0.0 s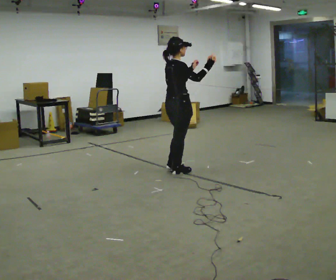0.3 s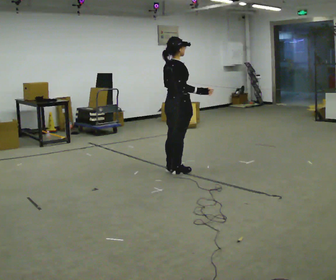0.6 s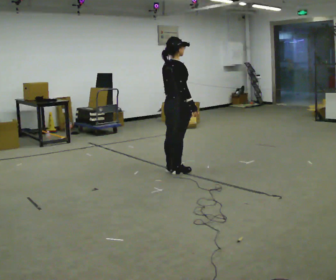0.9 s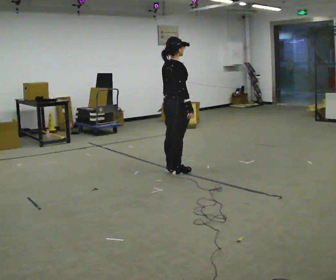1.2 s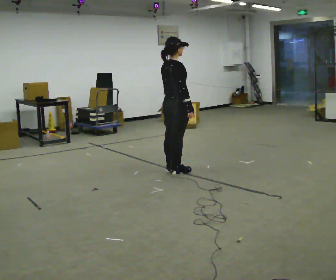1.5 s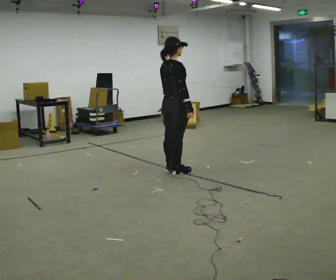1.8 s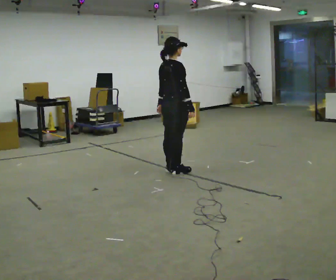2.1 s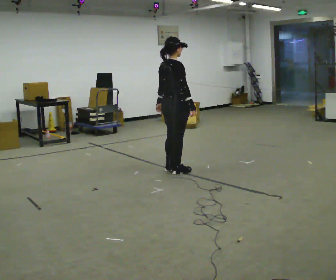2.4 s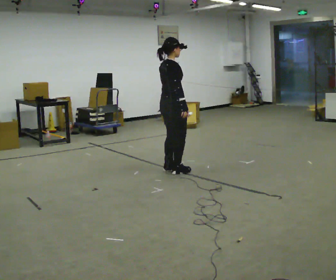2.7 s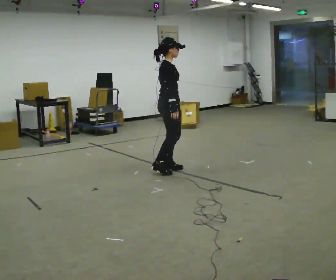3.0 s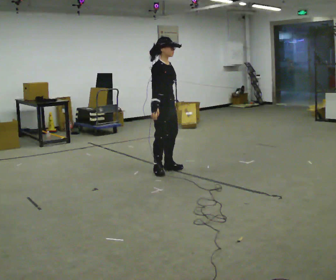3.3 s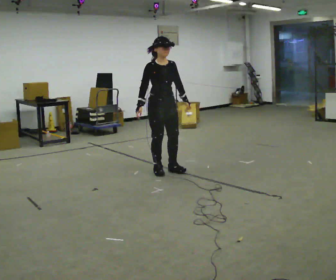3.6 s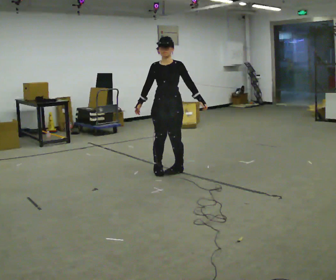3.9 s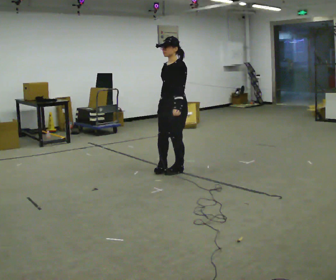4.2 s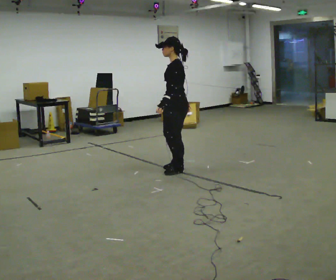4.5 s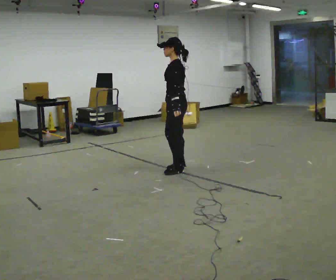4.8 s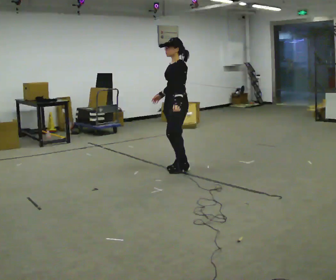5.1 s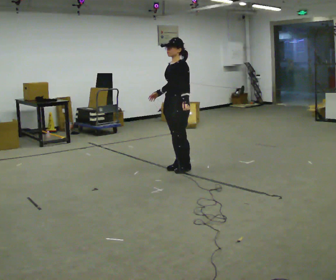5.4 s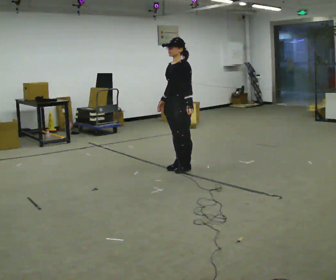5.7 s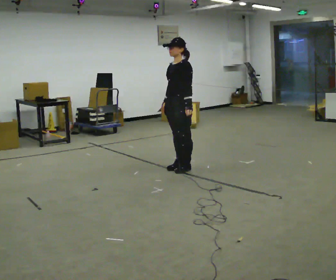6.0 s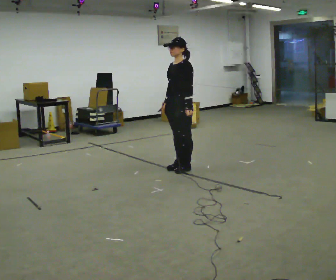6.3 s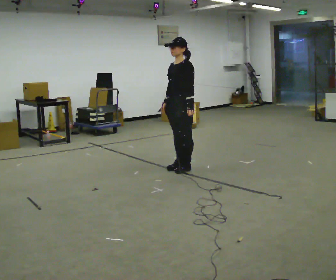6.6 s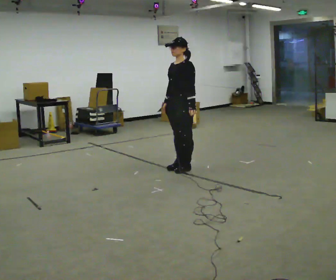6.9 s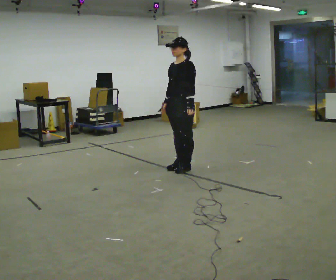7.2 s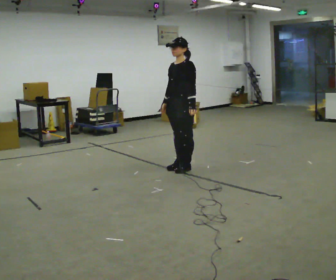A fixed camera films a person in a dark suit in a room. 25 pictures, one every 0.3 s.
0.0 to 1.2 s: In the picture their left hand goes downward and to the left.
1.2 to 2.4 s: The person moves a little, or ends about where they began.
2.4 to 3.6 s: The part of the body nearest the lens slides to the left as the person turns to their right by about 120 degrees. In the picture their right hand goes to the left, the arm swinging clockwise.
3.6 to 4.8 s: The person turns about 60 degrees to their right, clockwise seen from above, so the part of the body nearest the lens slides to the left.
4.8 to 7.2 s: The person moves a little, or ends about where they began.
The film runs backward here.
